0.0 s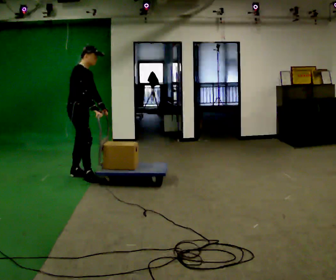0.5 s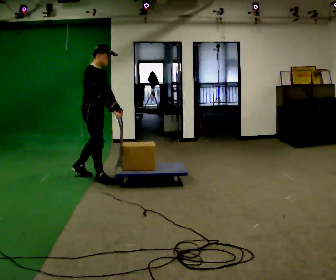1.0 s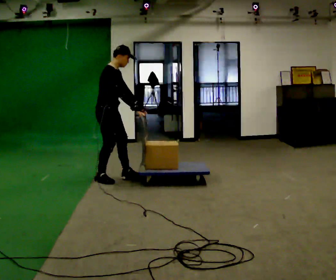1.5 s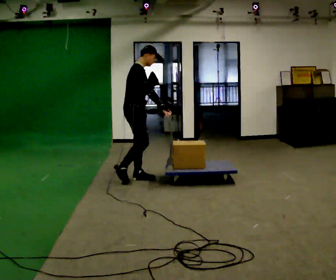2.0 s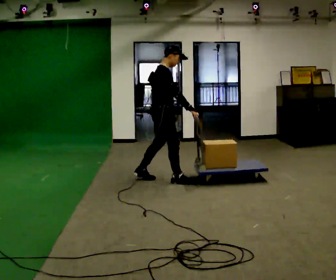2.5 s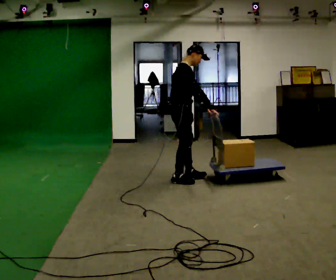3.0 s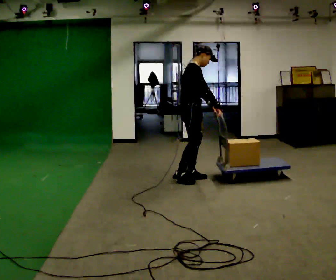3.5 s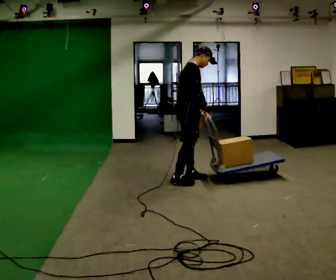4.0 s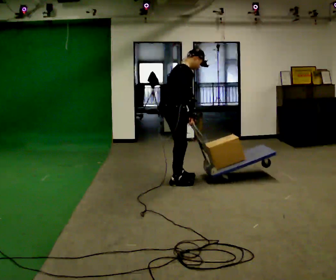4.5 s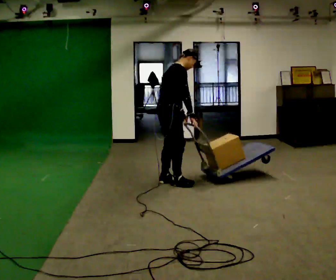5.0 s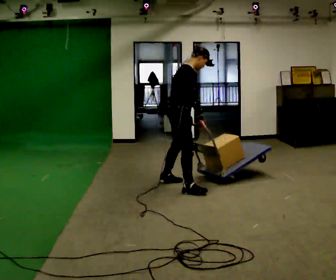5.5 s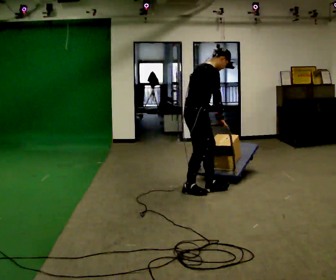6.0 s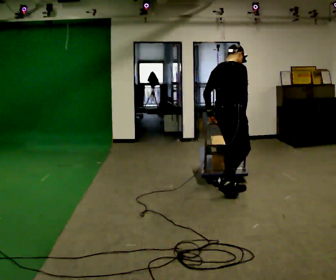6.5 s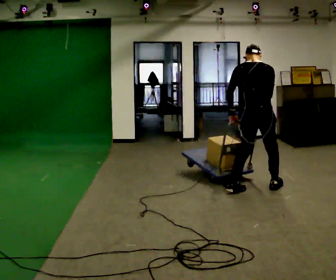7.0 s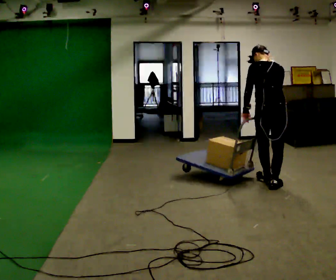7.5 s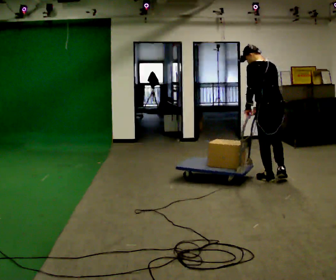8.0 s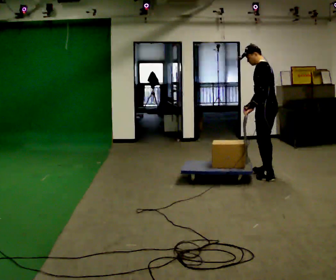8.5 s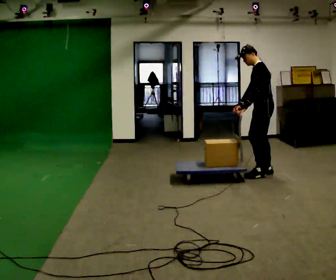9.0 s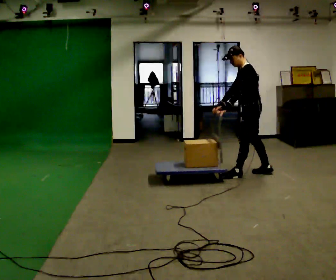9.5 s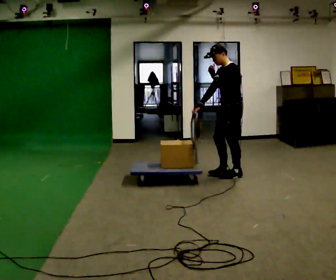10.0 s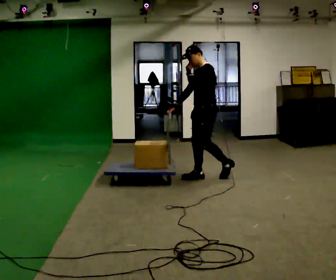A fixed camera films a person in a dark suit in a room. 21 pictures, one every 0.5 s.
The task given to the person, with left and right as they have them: Turn the cart round to face the other way without moving it out of the marked square, then turn it back. Repeat until the operator says stop.
0.0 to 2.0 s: In the picture they go to the right, about 1 m in 3 steps, which for them is forward.
2.0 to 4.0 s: The person moves a little, or ends about where they began.
4.0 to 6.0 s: In the picture they go to the right and toward the camera, about 1 m in 3 steps, which for them is forward and to their right.
6.0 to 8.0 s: Seen from above the body turns counterclockwise, about 120 degrees: to their left, with its near side sliding to the right. In the picture they go away from the camera and to the right, about 1 m in 3 steps.
8.0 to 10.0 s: The part of the body nearest the lens slides to the right as the person turns to their left by about 45 degrees. In the picture they go to the left, about 1 m in 2 steps, which for them is forward. In the picture their left hand goes upward.
The film runs forward here.
